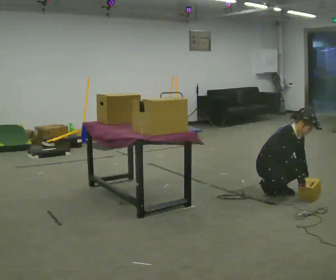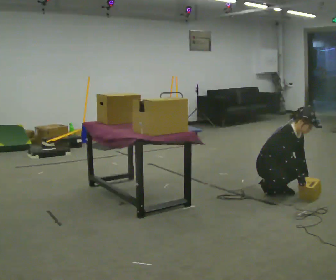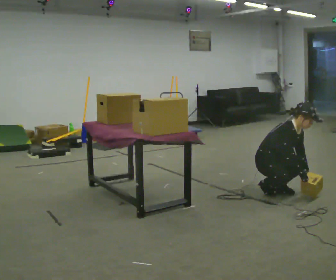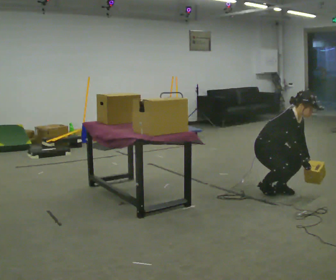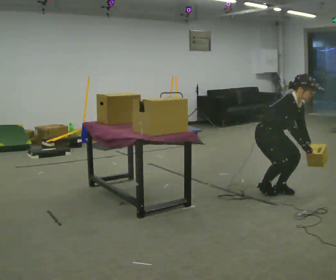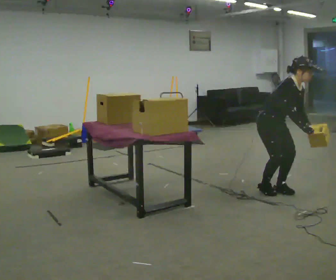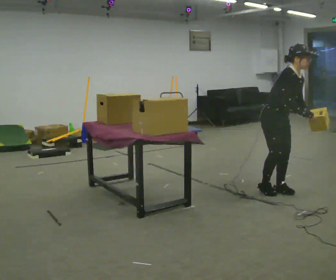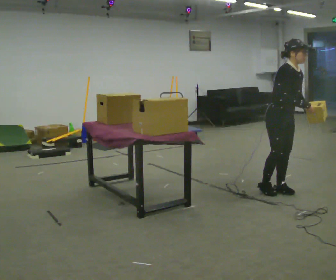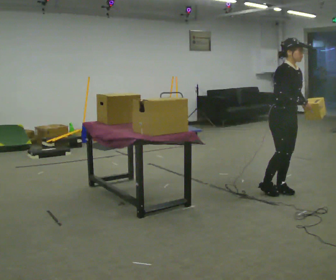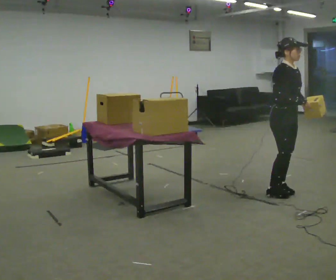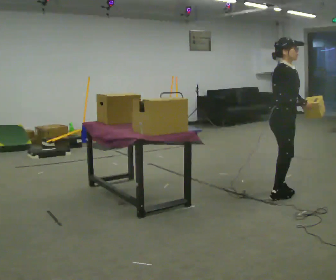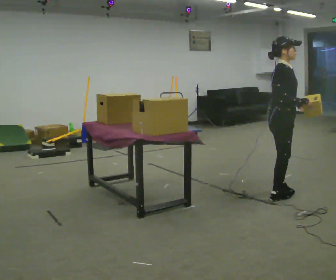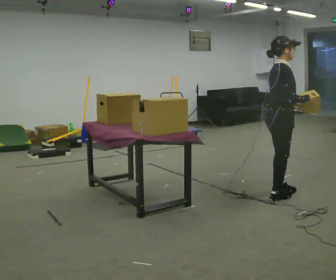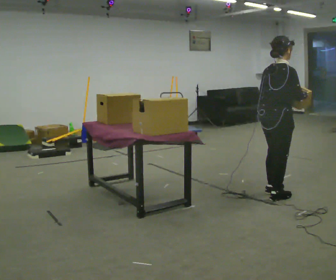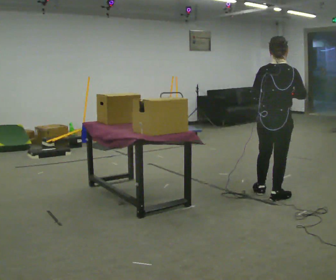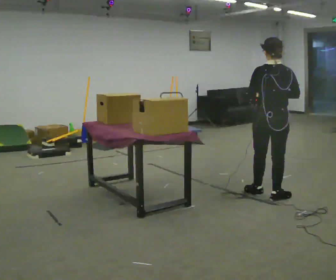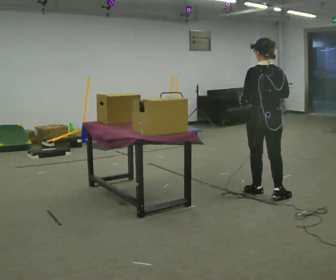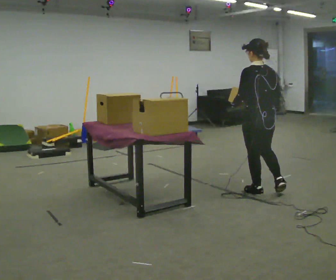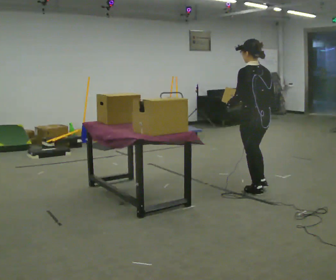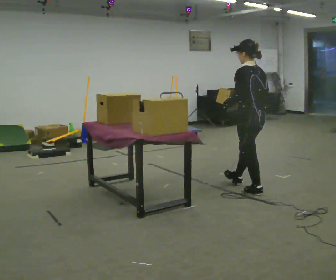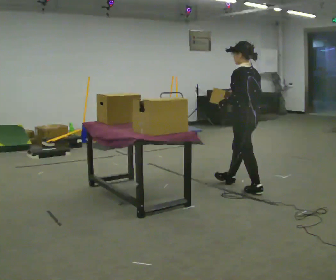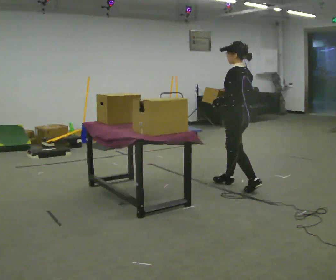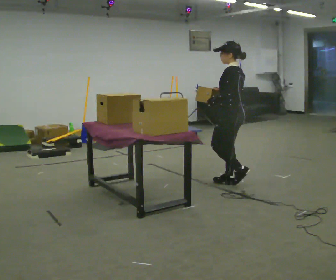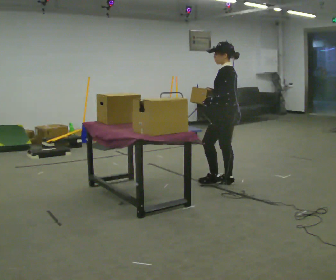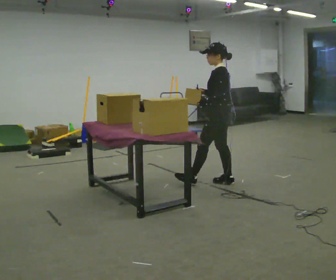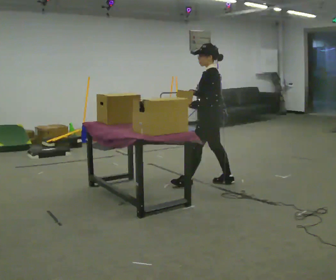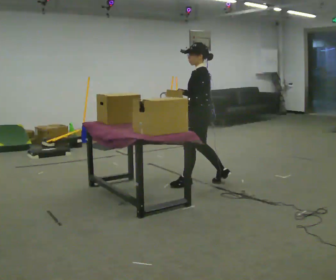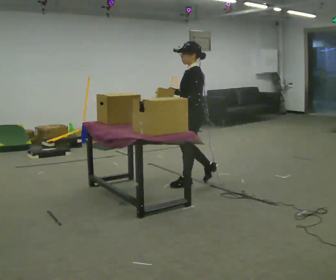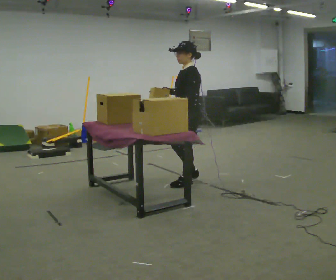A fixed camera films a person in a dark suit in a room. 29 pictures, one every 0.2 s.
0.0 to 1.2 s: The upper body goes upward. In the picture their left hand goes upward.
1.2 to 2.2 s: Seen from above the body turns counterclockwise, about 30 degrees: to their left, with its near side sliding to the right. In the picture the upper body tilts counterclockwise, shoulders to the left, as they lean back or straighten.
2.2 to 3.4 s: The part of the body nearest the lens slides to the right as the person turns to their left by about 135 degrees. In the picture they go to the left, about 0.25 m in 1 step. In the picture their left hand goes to the left.
3.4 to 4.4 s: The part of the body nearest the lens slides to the right as the person turns to their left by about 45 degrees. In the picture they go away from the camera and to the left, about 0.5 m in 1 step, which for them is forward.
4.4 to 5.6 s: Seen from above the body turns counterclockwise, about 45 degrees: to their left, with its near side sliding to the right. In the picture they go to the left, about 0.5 m in 1 step, which for them is forward.
The film runs forward here.
